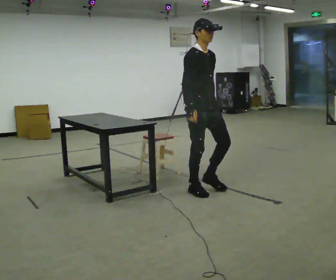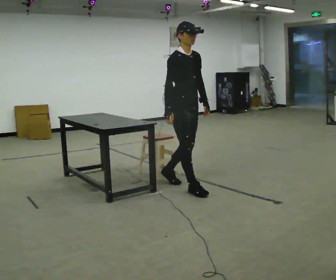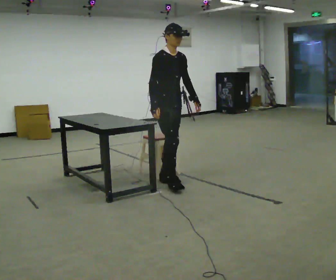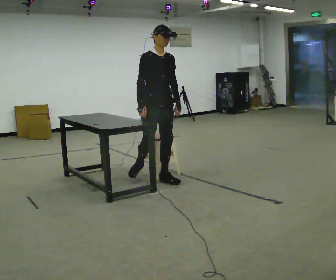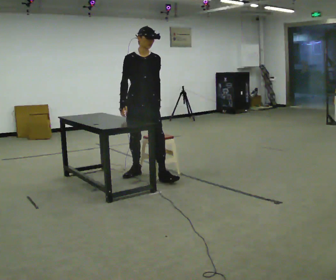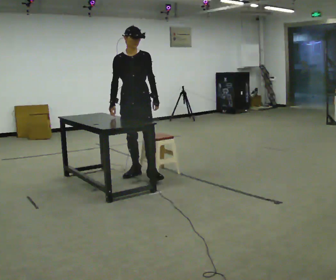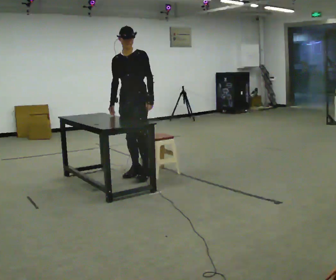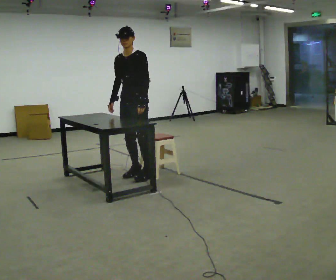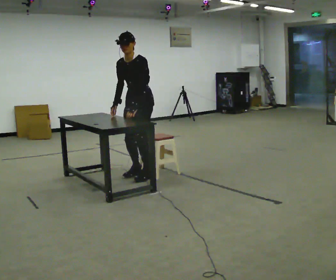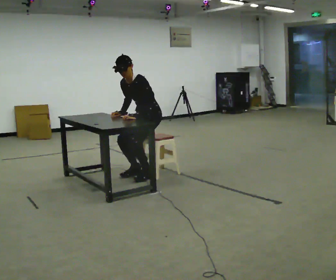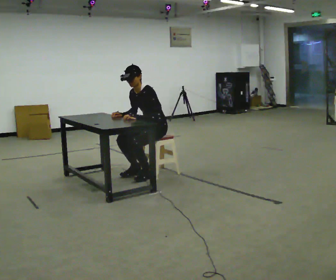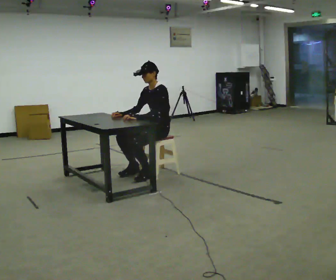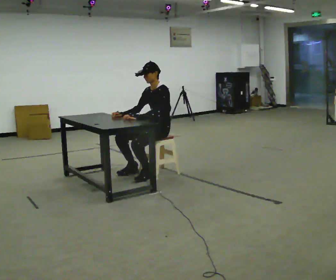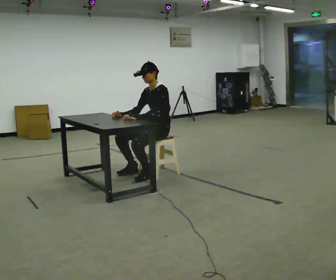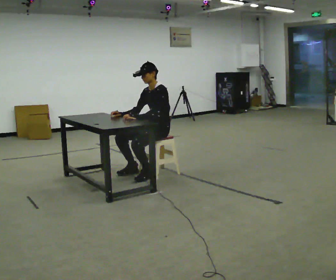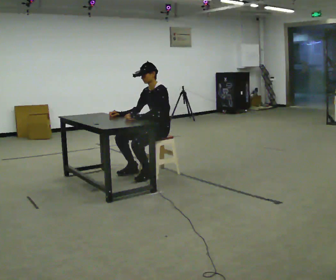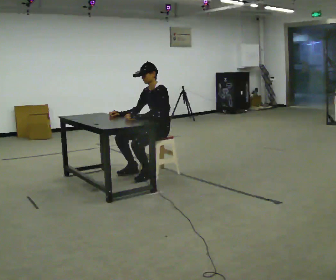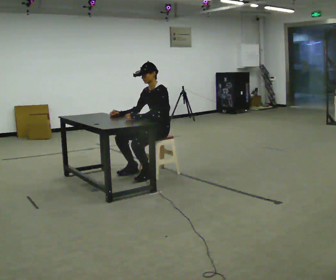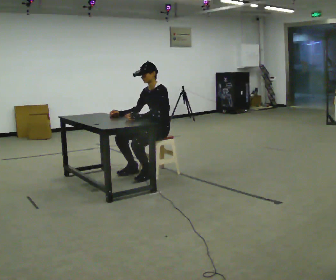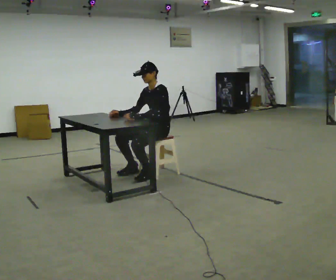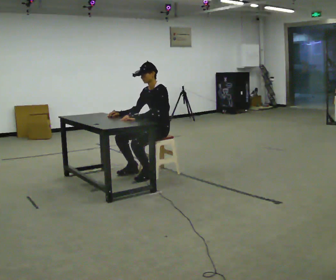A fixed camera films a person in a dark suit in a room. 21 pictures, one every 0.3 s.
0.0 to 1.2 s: Seen from above the body turns clockwise, about 30 degrees: to their right, with its near side sliding to the left. In the picture they go away from the camera and to the left, about 1 m in 1 step, which for them is backward.
1.2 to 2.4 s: The part of the body nearest the lens slides to the left as the person turns to their right by about 45 degrees. In the picture the upper body tilts counterclockwise, shoulders to the left, as they bend forward.
2.4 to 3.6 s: In the picture they go to the right, about 0.25 m, which for them is backward. The shoulders move downward.
3.6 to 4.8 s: The person moves a little, or ends about where they began.
4.8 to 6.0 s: The person keeps their place and pose.
The film runs backward here.
